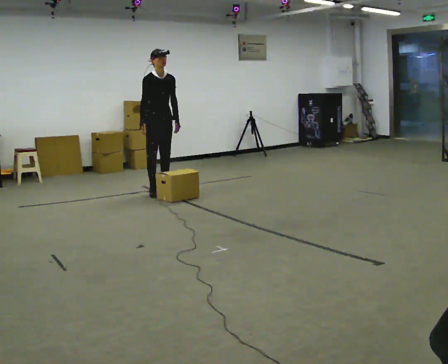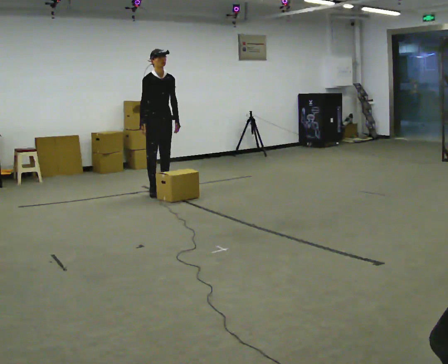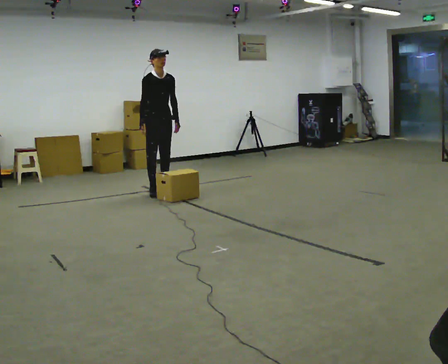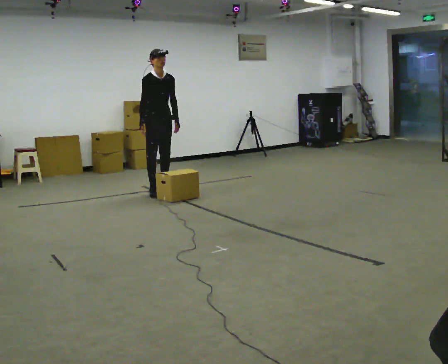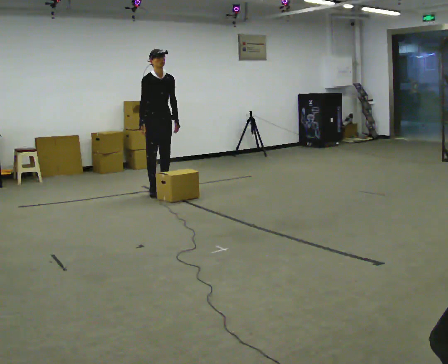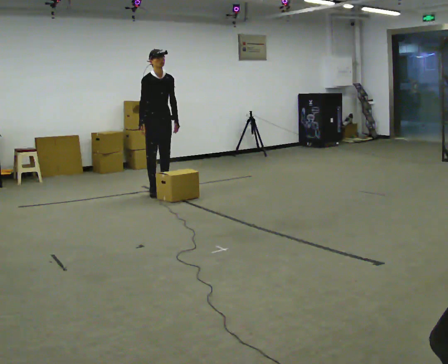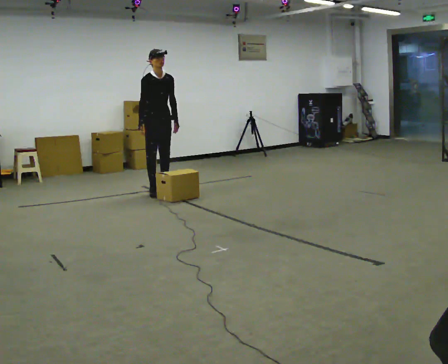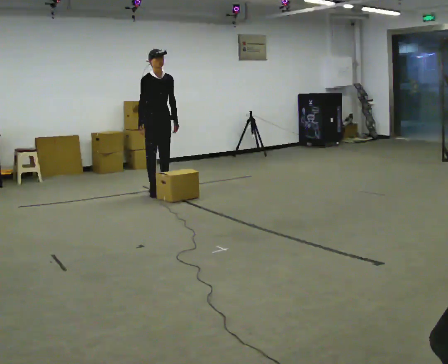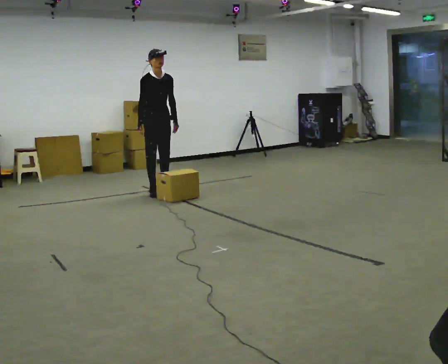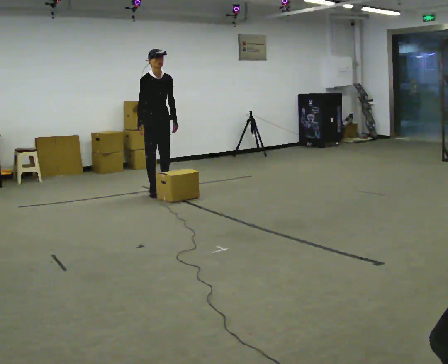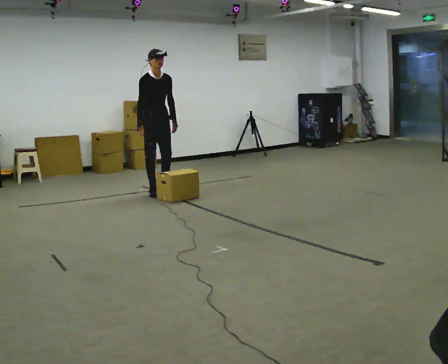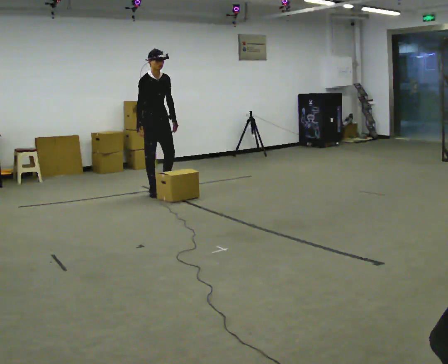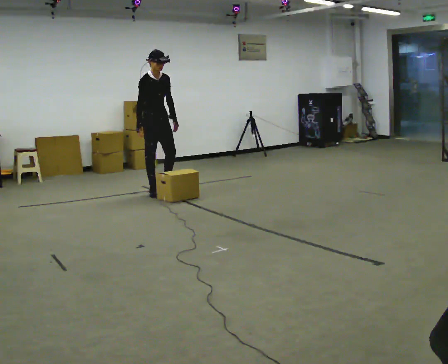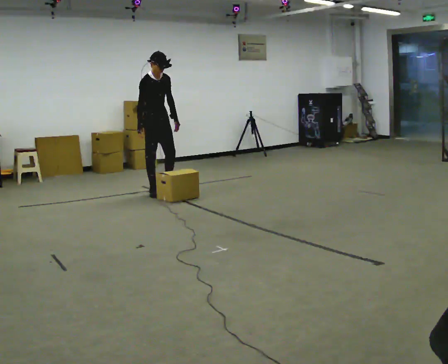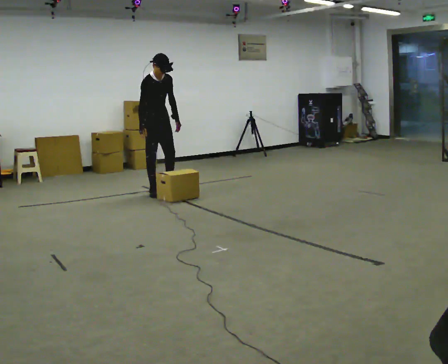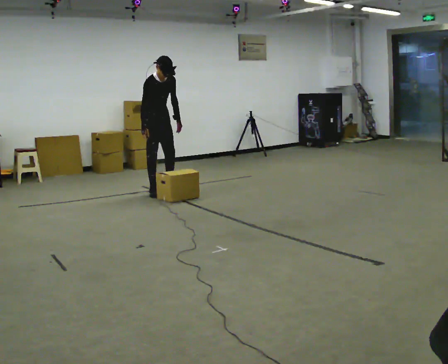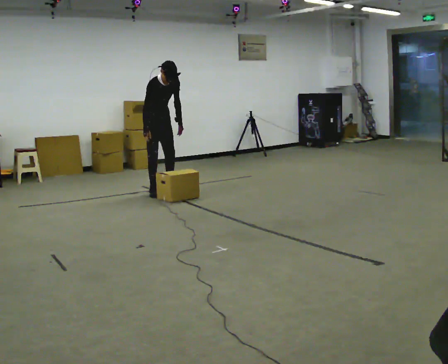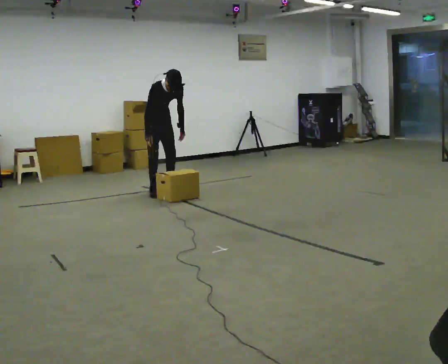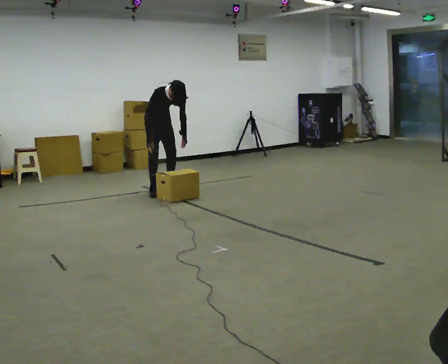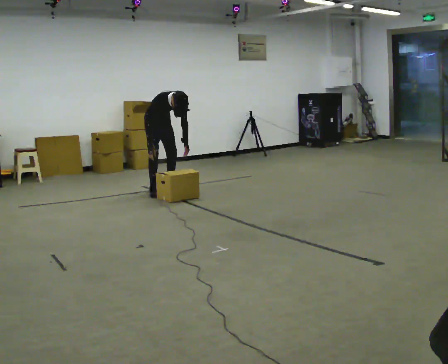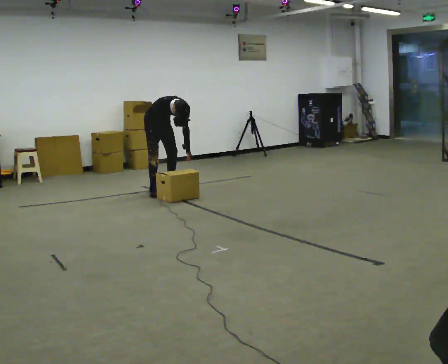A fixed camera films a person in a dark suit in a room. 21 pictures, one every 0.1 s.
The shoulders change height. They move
downward.
The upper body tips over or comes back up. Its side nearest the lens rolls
downward.
0.0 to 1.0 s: The person moves a little, or ends about where they began.
1.0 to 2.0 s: In the picture they go away from the camera, about 0.25 m, which for them is to their left and backward. The shoulders move downward. The upper body tips toward the camera, its near side rolling downward, as they bend forward. In the picture their right hand goes downward.
The film runs forward here.
